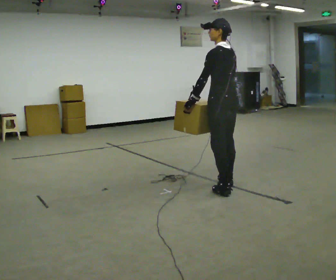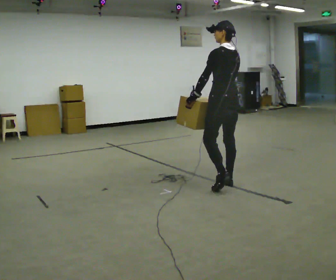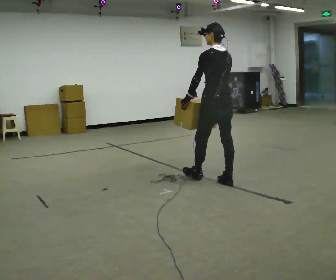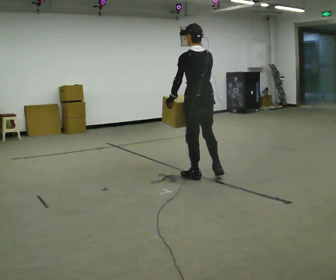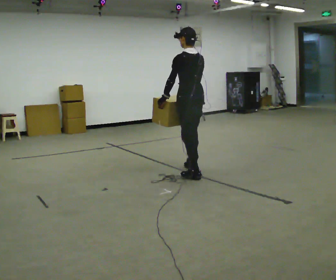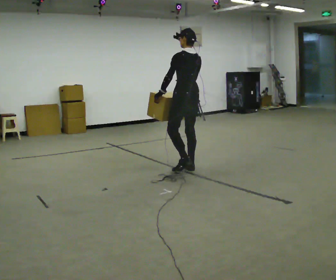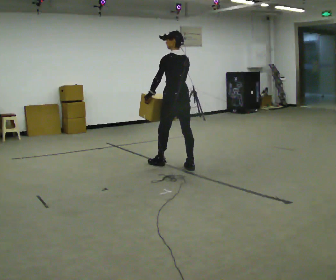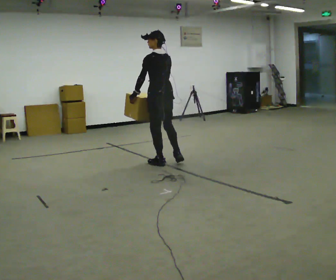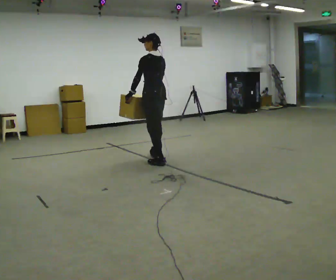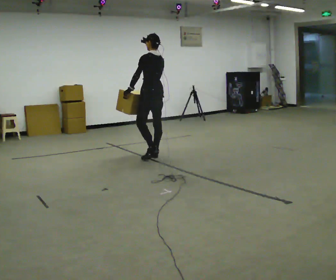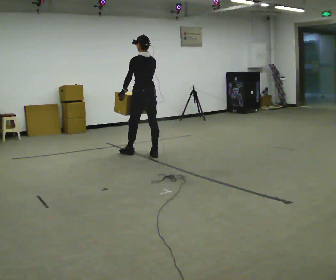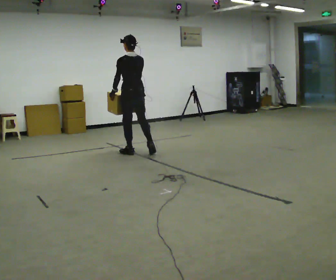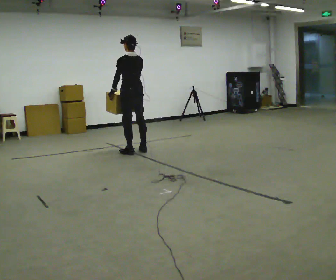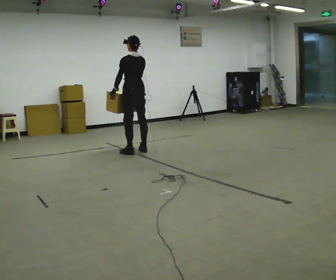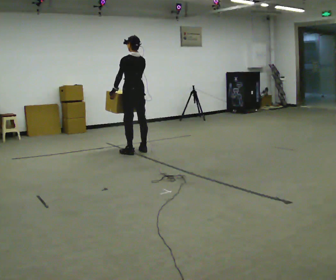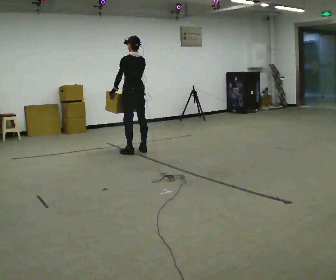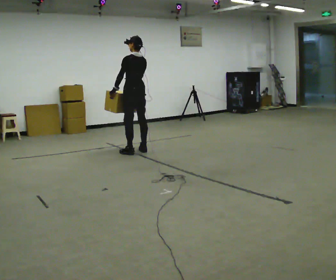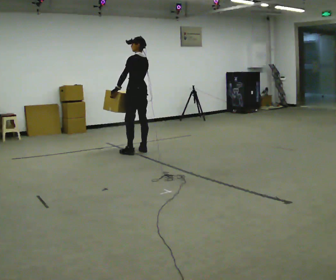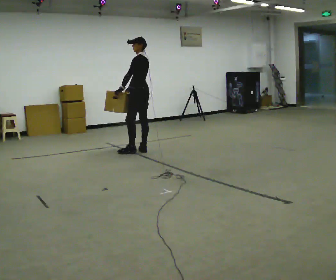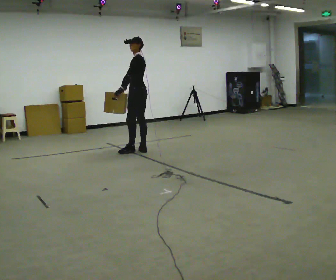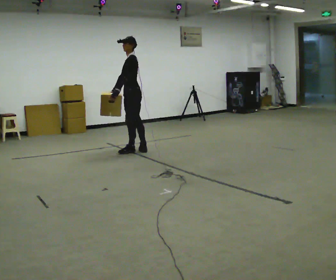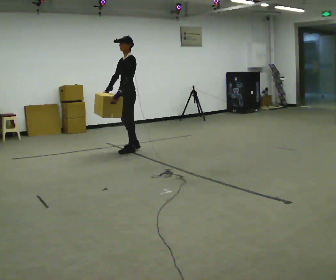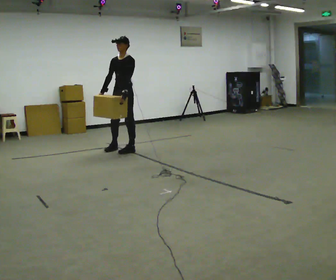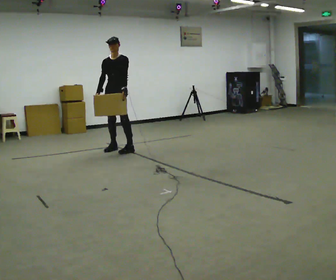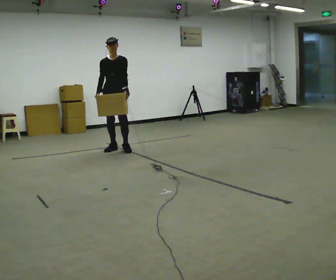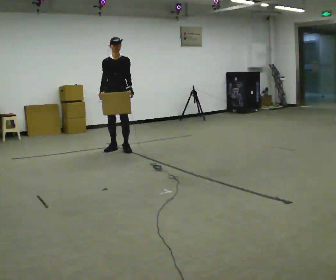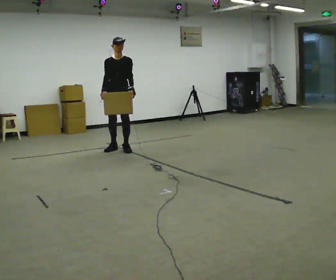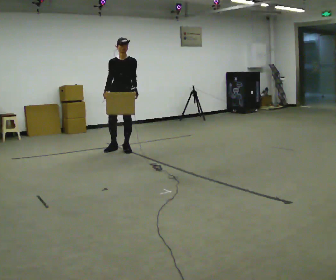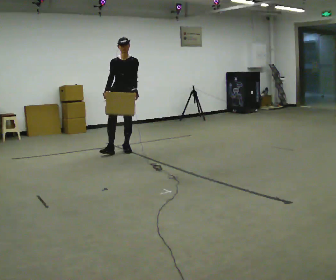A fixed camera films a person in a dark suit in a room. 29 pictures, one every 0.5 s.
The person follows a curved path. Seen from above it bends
counterclockwise.
The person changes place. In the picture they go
away from the camera.
0.0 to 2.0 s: In the picture they go away from the camera, about 0.75 m in 2 steps, which for them is forward.
2.0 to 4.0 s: In the picture they go away from the camera and to the left, about 1 m in 2 steps, which for them is forward.
4.0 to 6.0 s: In the picture they go away from the camera and to the left, about 0.5 m in 2 steps, which for them is forward.
6.0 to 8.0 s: The person moves a little, or ends about where they began.
8.0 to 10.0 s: The person turns about 45 degrees to their left, counterclockwise seen from above, so the part of the body nearest the lens slides to the right.
10.0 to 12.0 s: The part of the body nearest the lens slides to the right as the person turns to their left by about 90 degrees. In the picture they go to the left, about 0.25 m in 2 steps.
12.0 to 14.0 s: The person moves a little, or ends about where they began.
The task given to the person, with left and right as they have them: Carry the heavy box in both hands in front of you, walking back and forth across the room. Keep walking until the operator says stop. Set it down if you need a rest.
The film runs forward here.
